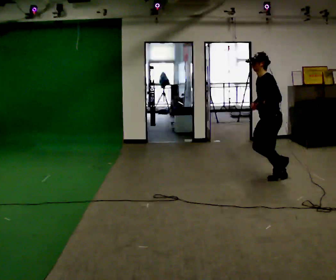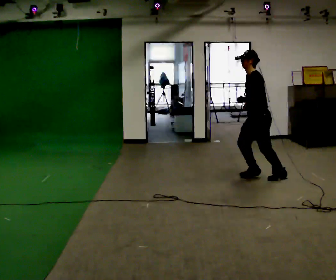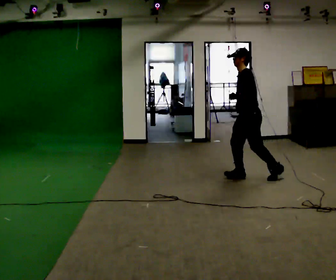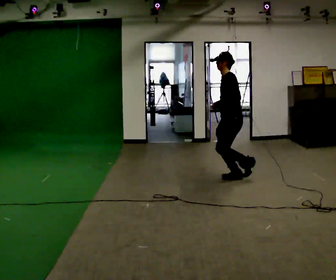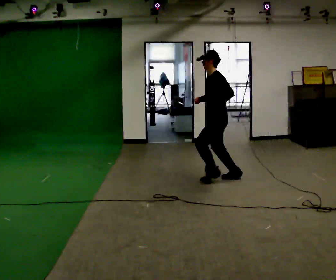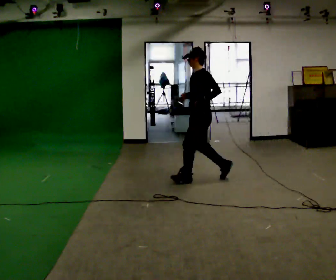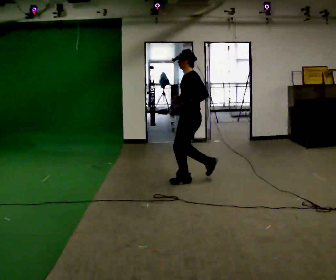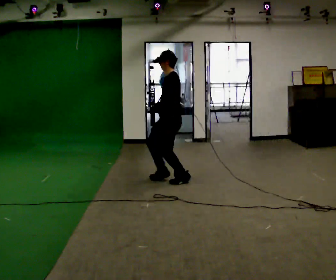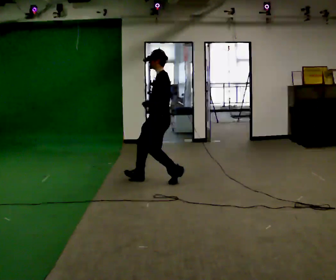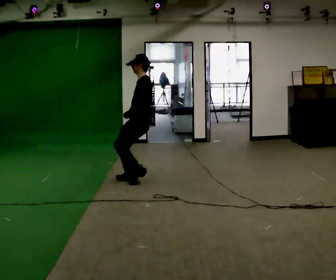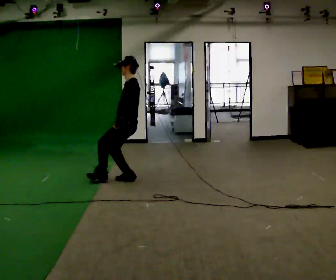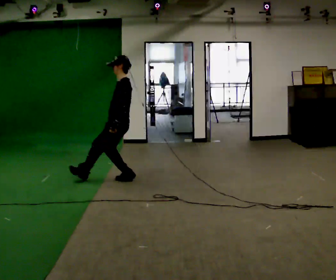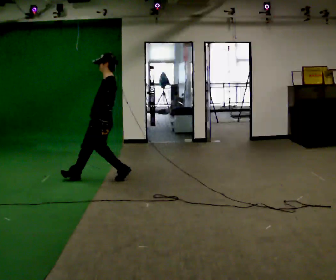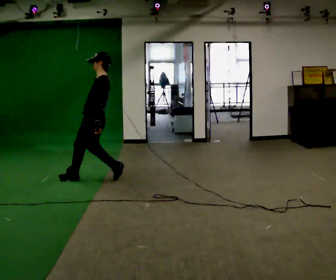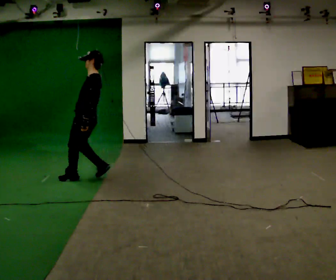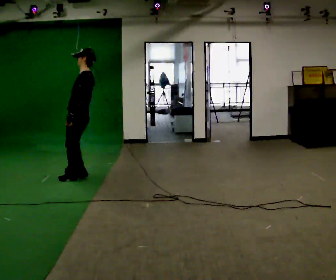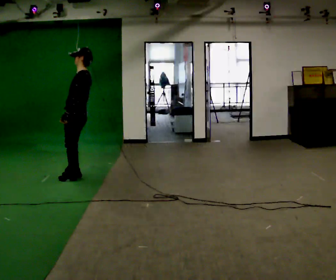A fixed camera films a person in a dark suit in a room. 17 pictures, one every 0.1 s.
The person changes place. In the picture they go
to the left.
The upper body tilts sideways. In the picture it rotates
clockwise.
0.0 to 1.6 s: In the picture they go to the left, about 2.5 m in 3 steps, which for them is forward. In the picture the upper body tilts clockwise, shoulders to the right, as they lean back or straighten.
The film runs forward here.
